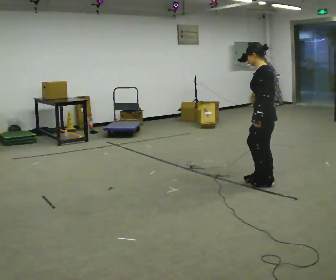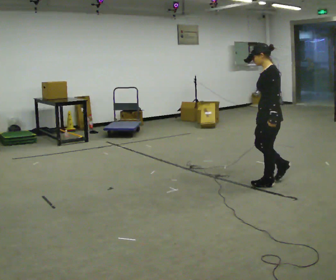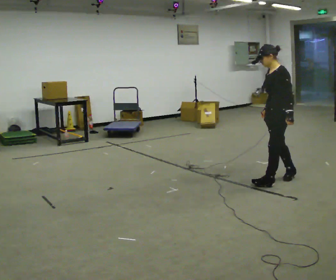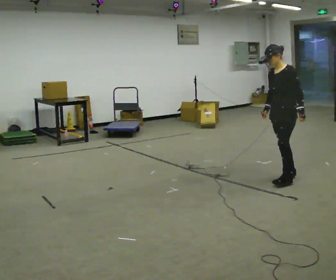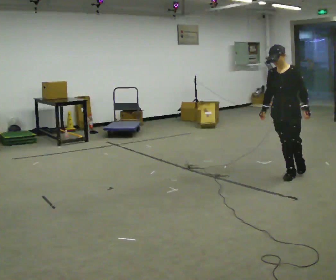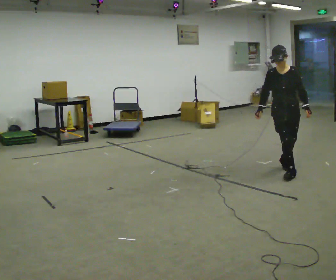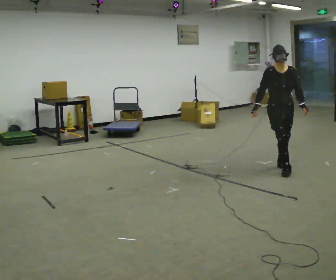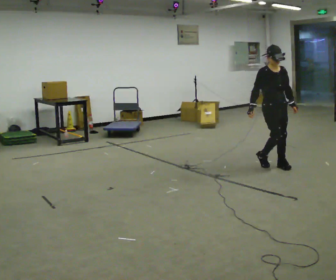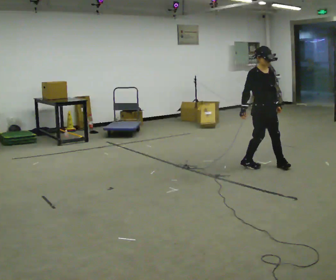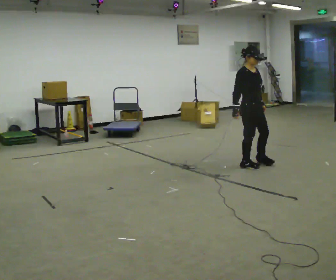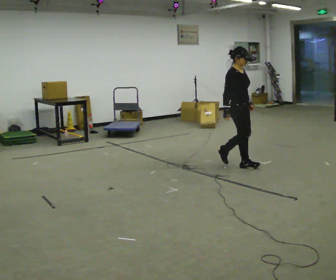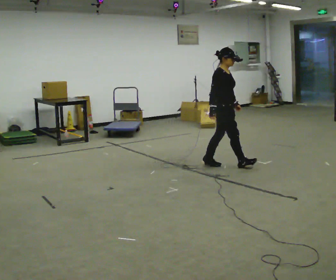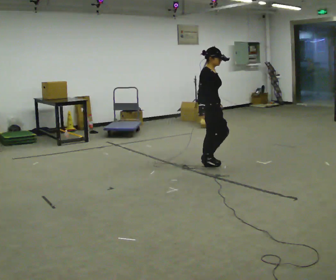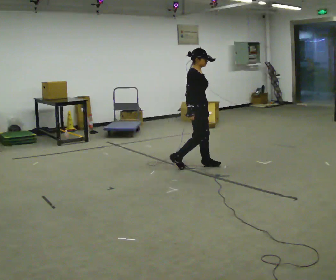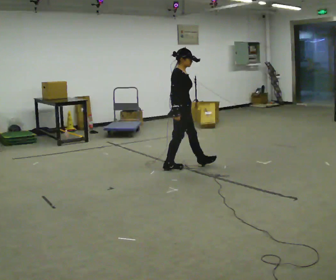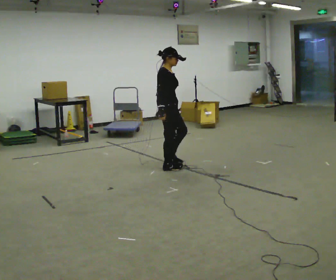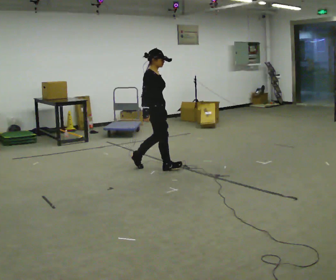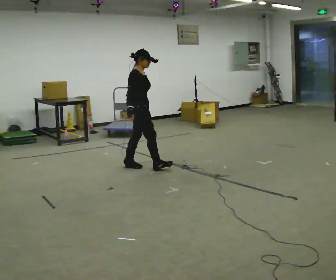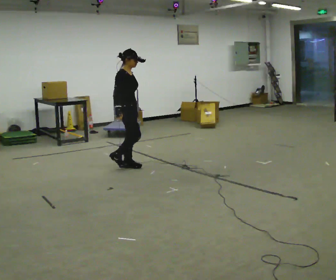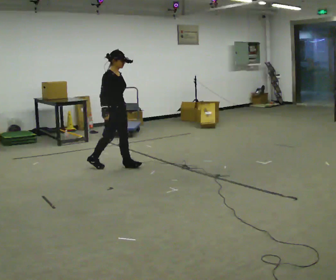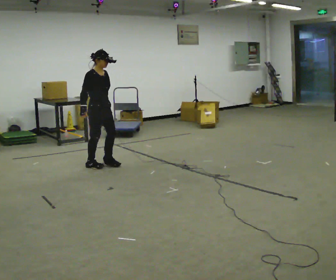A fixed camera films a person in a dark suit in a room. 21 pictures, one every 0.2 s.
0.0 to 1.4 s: The part of the body nearest the lens slides to the right as the person turns to their left by about 135 degrees. In the picture they go away from the camera, about 0.5 m in 2 steps.
1.4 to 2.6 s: The part of the body nearest the lens slides to the right as the person turns to their left by about 60 degrees. In the picture they go to the left, about 1 m in 2 steps, which for them is backward.
2.6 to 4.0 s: In the picture they go to the left, about 1 m in 3 steps, which for them is backward.
The film runs backward here.
